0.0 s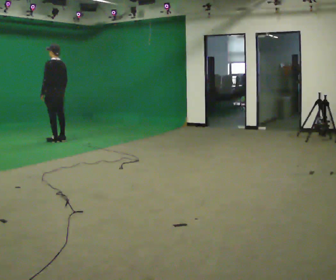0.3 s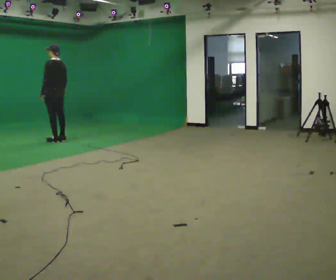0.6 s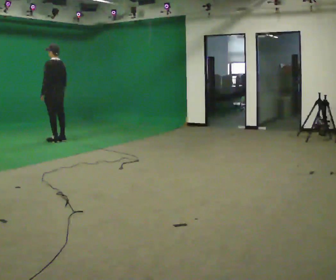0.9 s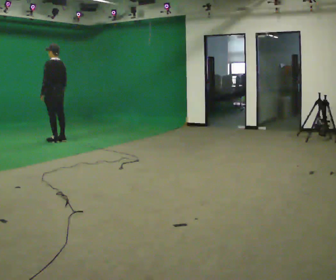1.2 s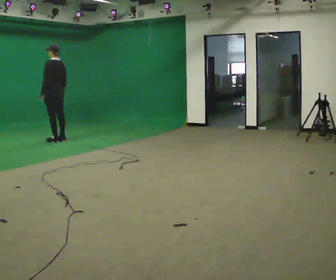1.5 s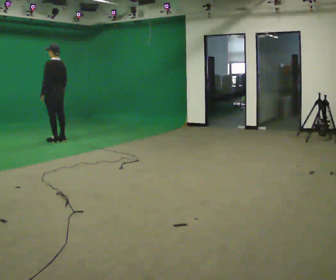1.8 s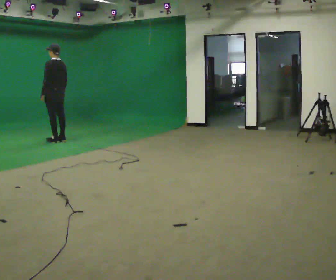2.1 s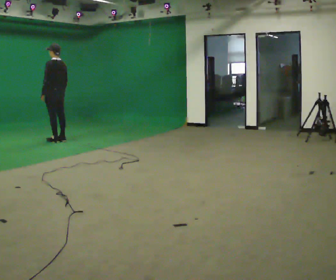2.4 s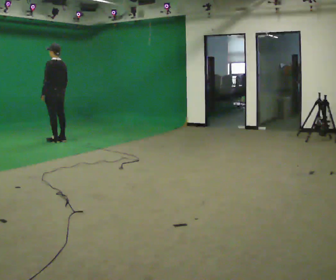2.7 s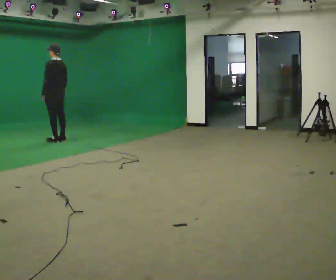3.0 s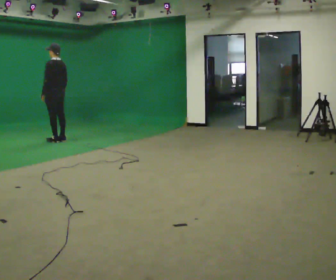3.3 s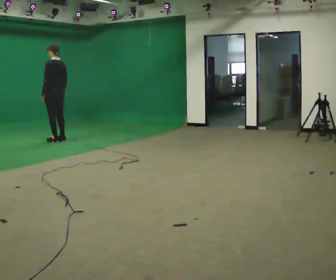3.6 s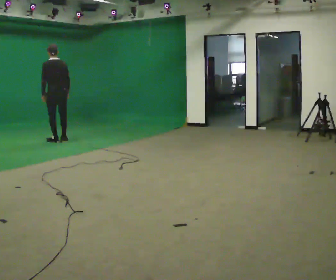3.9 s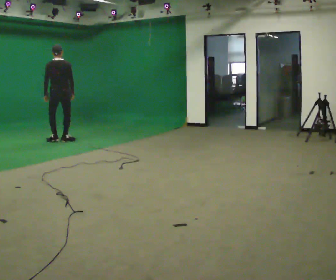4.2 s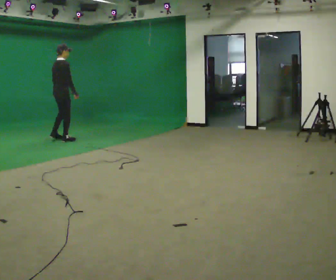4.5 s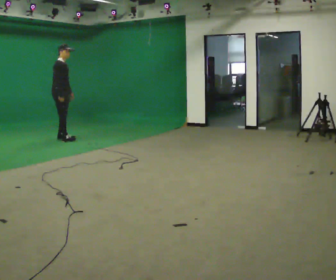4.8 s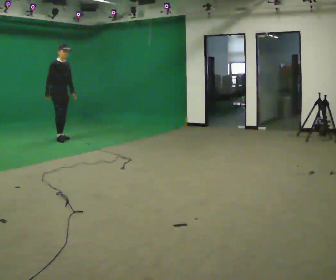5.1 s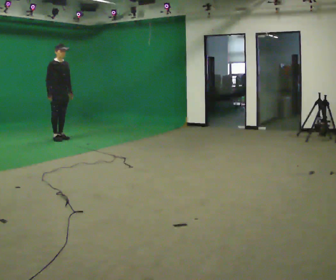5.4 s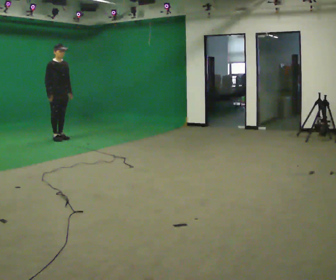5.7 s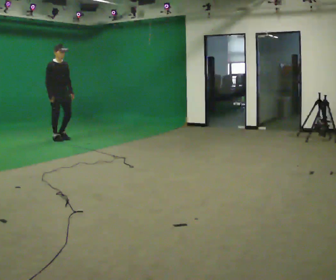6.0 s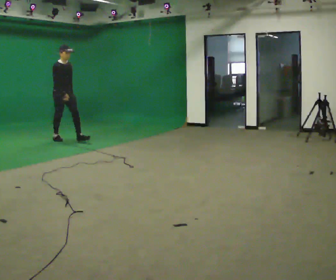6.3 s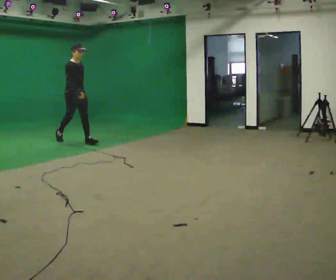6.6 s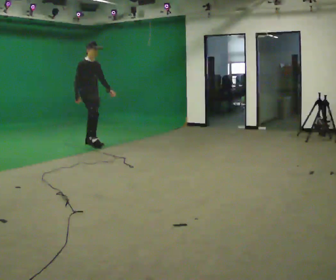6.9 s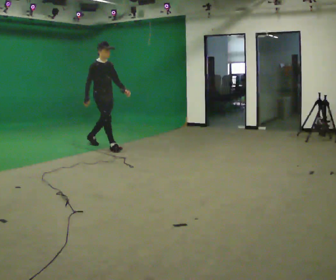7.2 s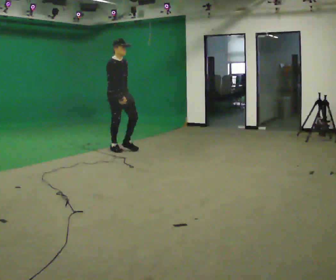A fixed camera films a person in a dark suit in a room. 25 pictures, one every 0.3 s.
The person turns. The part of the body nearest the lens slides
to the left.
The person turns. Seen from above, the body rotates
clockwise.
0.0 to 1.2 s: The person keeps their place and pose.
1.2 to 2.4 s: The person moves a little, or ends about where they began.
2.4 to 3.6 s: Seen from above the body turns clockwise, about 30 degrees: to their right, with its near side sliding to the left.
3.6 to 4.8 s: The person turns about 150 degrees to their right, clockwise seen from above, so the part of the body nearest the lens slides to the left. In the picture they go away from the camera, about 0.25 m in 1 step. In the picture their right hand goes to the left.
4.8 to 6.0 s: In the picture they go toward the camera, about 0.25 m in 1 step, which for them is forward. In the picture their right hand goes to the right.
6.0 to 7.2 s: In the picture they go toward the camera and to the right, about 1.5 m in 2 steps, which for them is forward.
The film runs forward here.
